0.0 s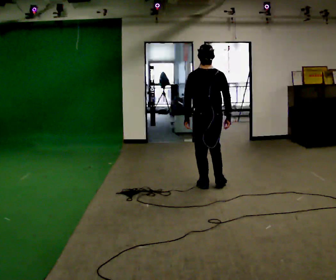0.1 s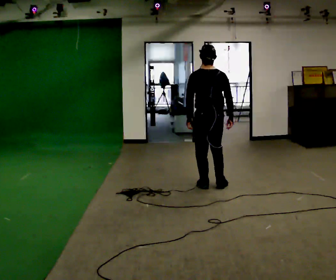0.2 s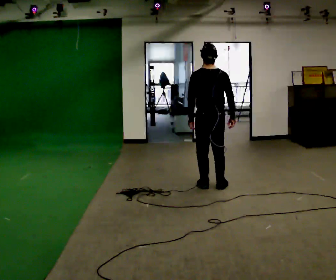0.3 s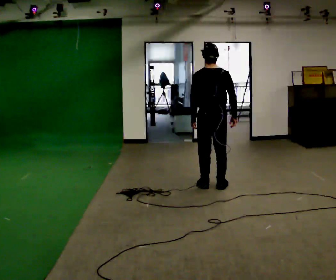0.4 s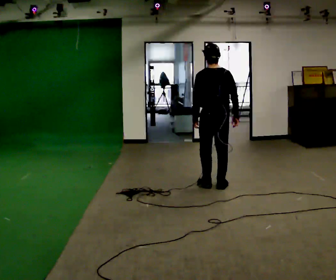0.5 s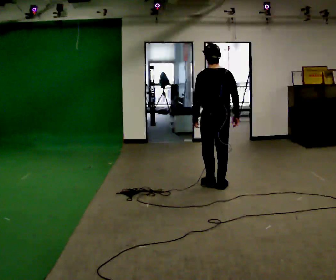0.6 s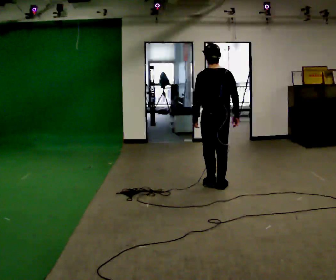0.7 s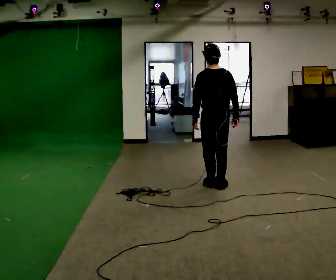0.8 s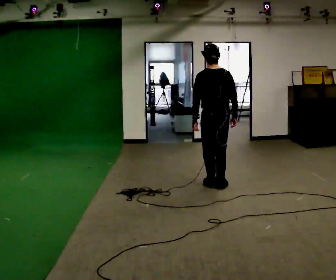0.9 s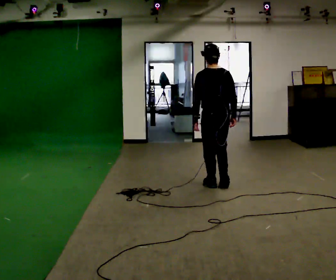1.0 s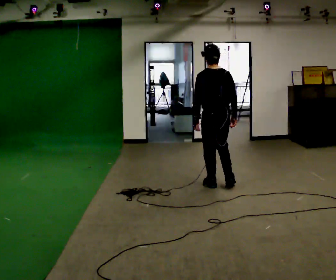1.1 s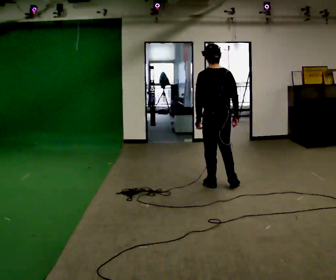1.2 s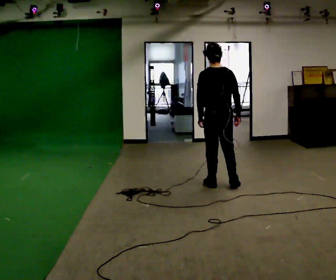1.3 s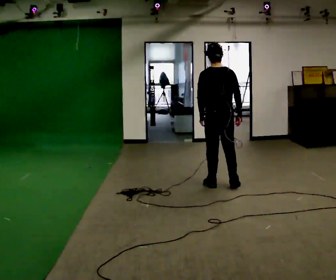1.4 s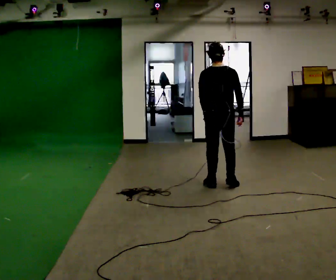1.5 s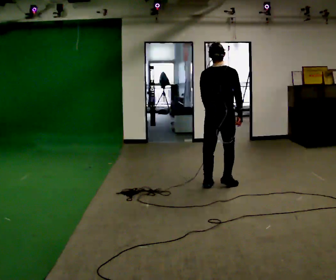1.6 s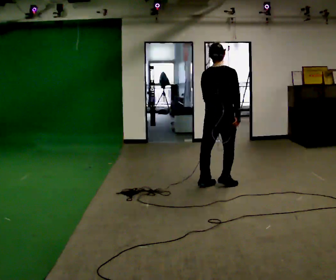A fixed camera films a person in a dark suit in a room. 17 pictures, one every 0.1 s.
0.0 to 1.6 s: The part of the body nearest the lens slides to the left as the person turns to their right by about 30 degrees.
The film runs backward here.
